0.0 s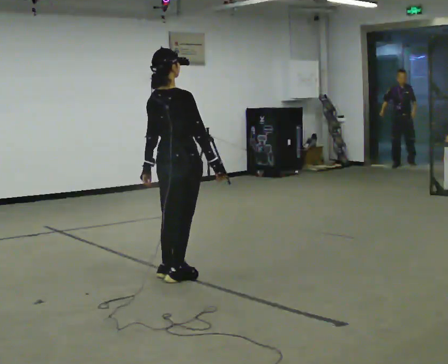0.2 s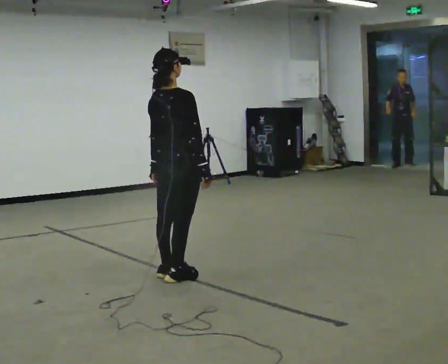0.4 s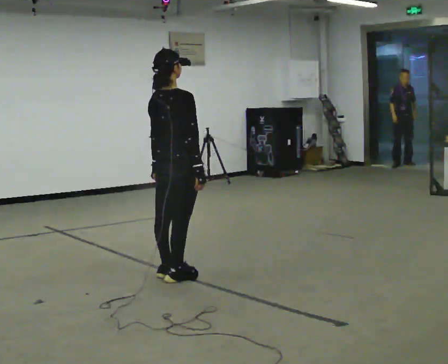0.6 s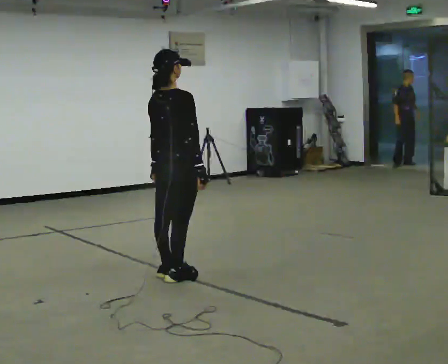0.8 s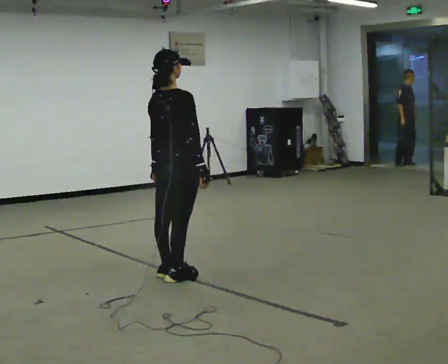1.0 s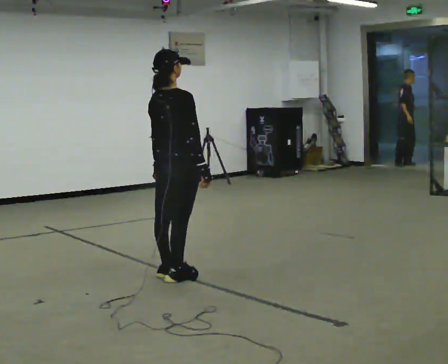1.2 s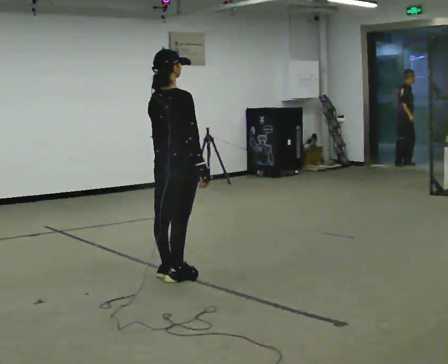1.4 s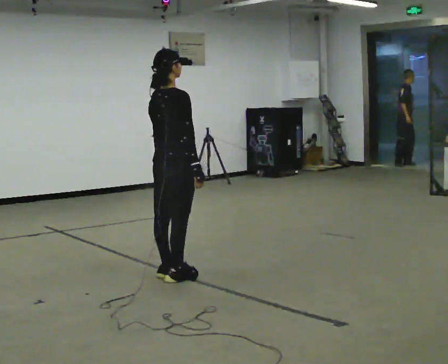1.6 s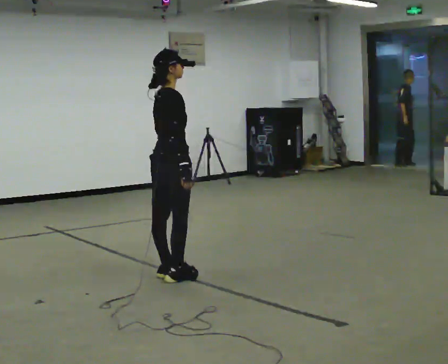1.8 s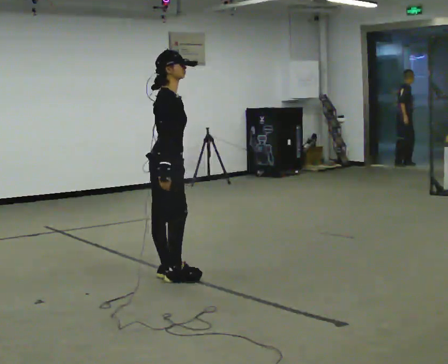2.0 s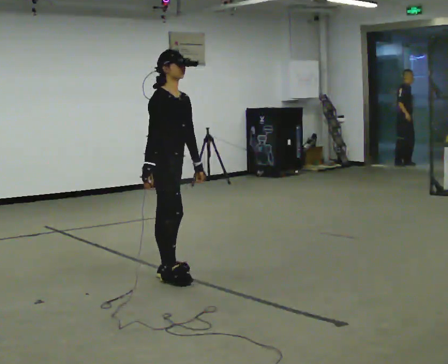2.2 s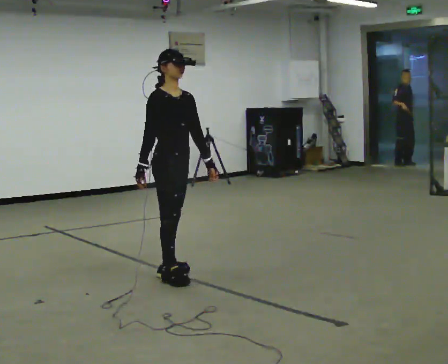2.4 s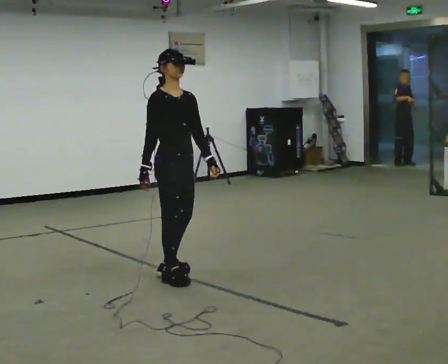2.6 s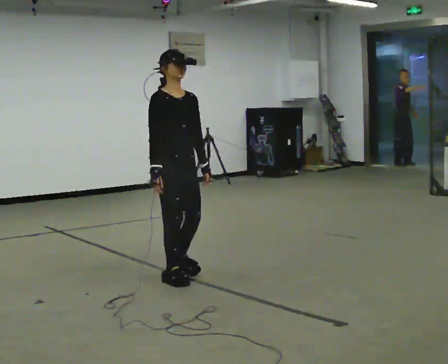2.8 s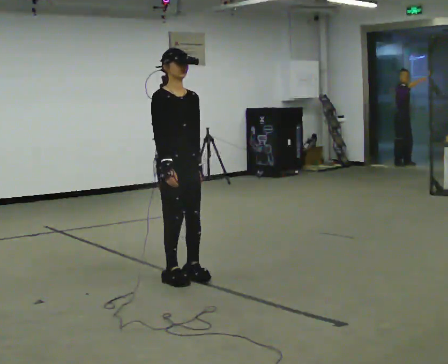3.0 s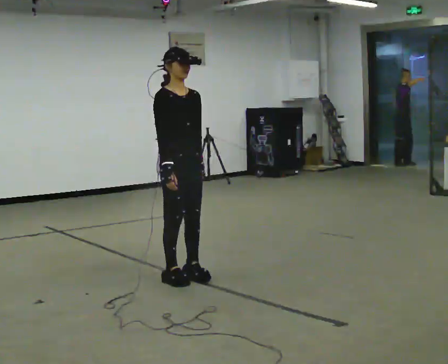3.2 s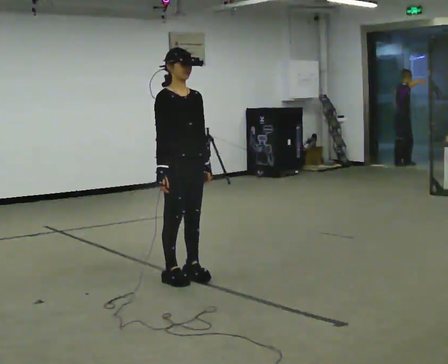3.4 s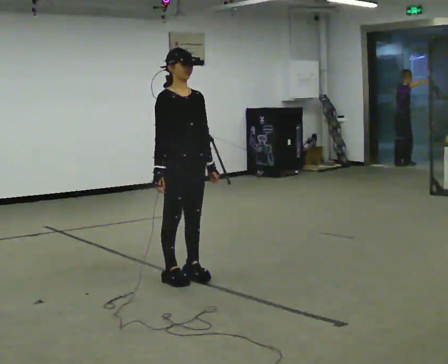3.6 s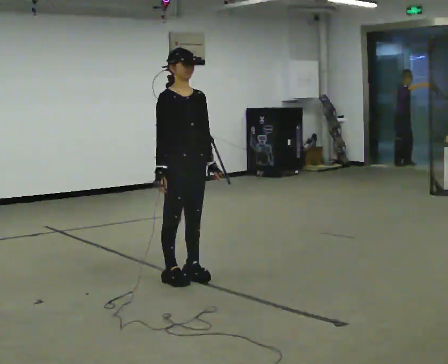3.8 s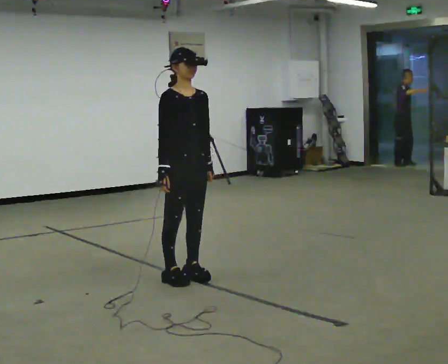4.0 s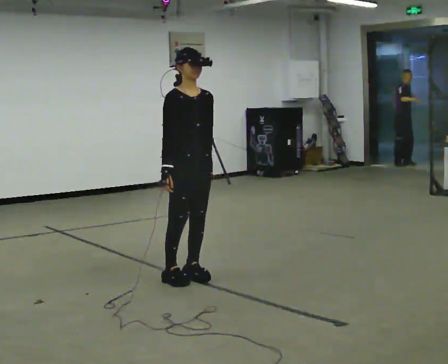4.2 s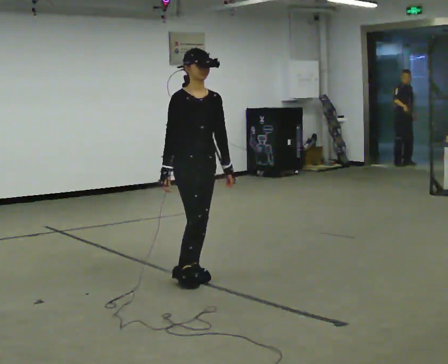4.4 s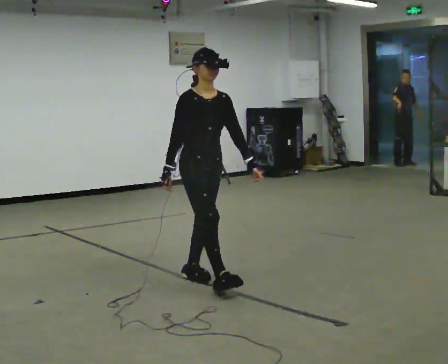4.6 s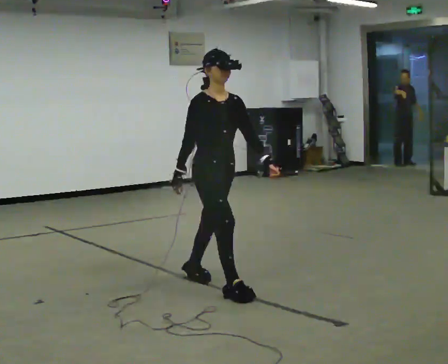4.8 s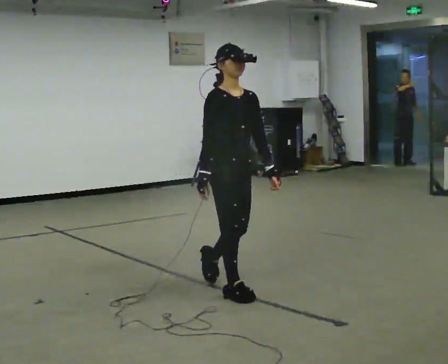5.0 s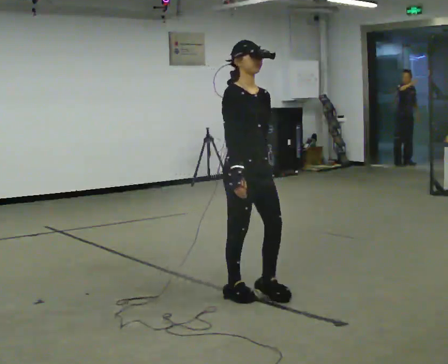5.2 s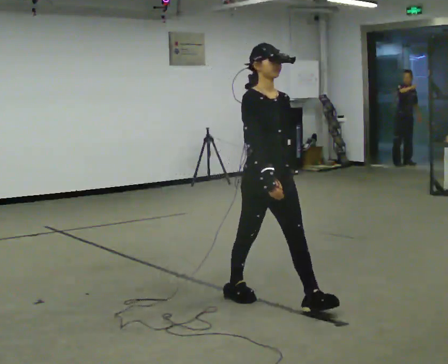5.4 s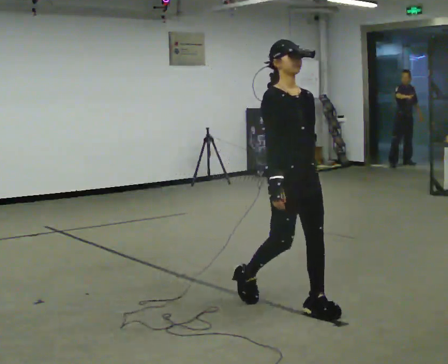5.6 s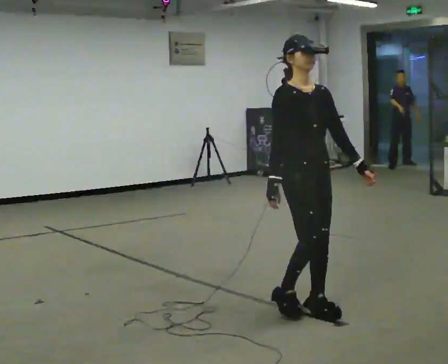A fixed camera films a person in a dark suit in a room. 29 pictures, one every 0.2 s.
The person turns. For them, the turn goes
to their right.
The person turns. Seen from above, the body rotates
clockwise.
0.0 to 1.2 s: The person moves a little, or ends about where they began.
1.2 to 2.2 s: The part of the body nearest the lens slides to the left as the person turns to their right by about 75 degrees. In the picture their right hand goes to the left, the arm swinging clockwise.
2.2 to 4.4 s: In the picture they go to the right, about 0.25 m in 1 step, which for them is forward.
4.4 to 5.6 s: In the picture they go toward the camera and to the right, about 1 m in 2 steps, which for them is forward.
The film runs forward here.
